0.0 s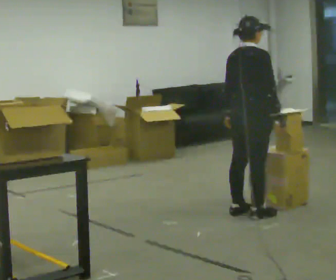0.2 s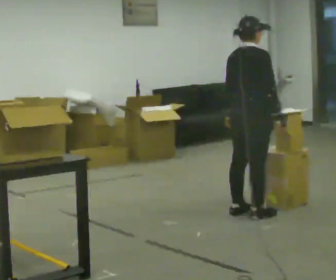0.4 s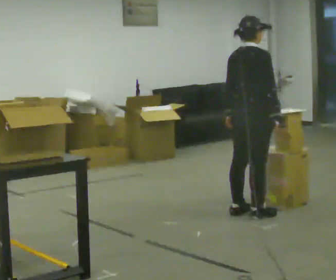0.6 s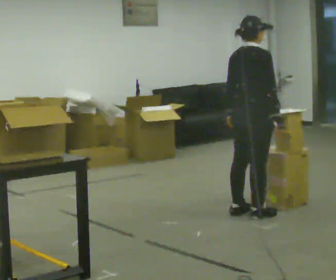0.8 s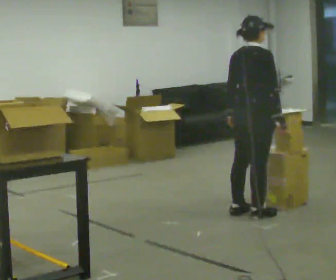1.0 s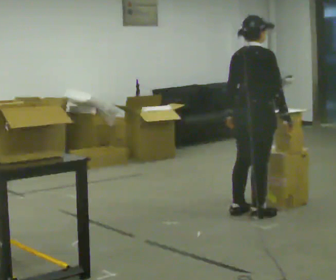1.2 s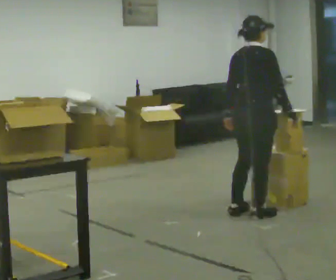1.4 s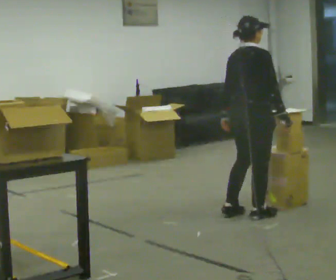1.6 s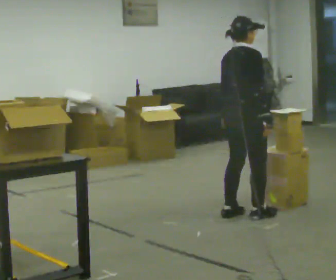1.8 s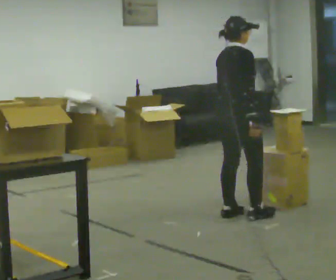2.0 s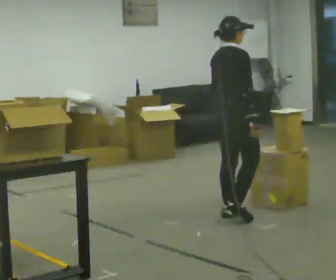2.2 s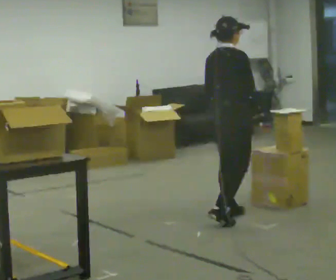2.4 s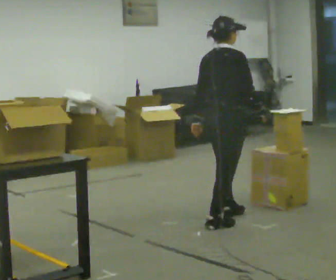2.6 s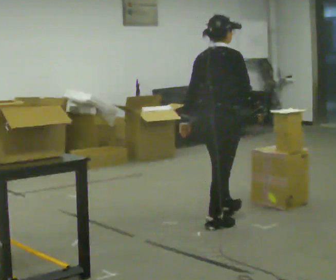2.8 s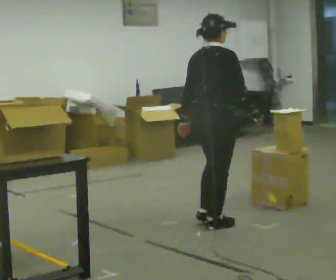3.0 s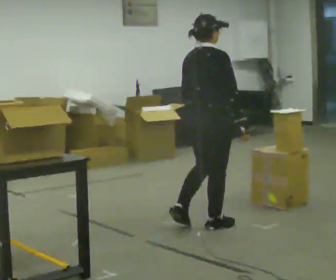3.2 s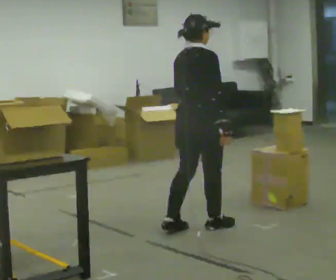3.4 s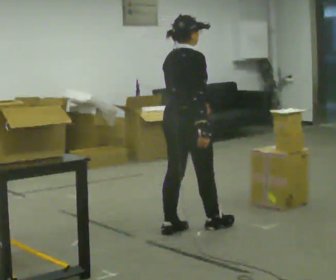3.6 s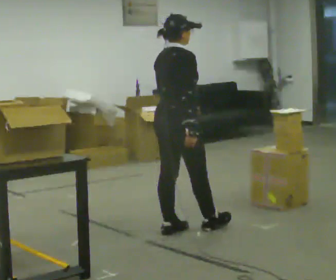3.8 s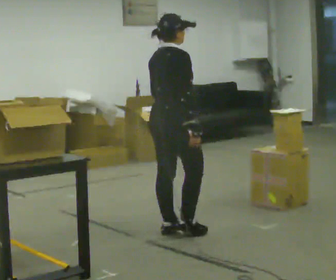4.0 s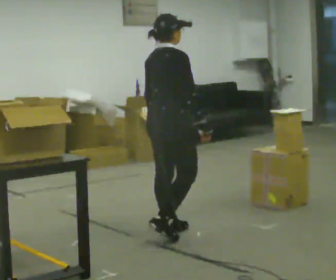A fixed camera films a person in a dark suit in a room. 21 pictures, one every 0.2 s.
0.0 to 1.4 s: The person moves a little, or ends about where they began.
1.4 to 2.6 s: In the picture they go to the left and toward the camera, about 0.25 m in 1 step, which for them is backward.
2.6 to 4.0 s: In the picture they go to the left and toward the camera, about 0.5 m in 2 steps, which for them is backward.
The film runs backward here.
